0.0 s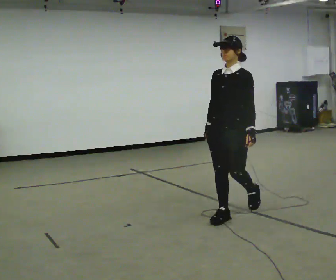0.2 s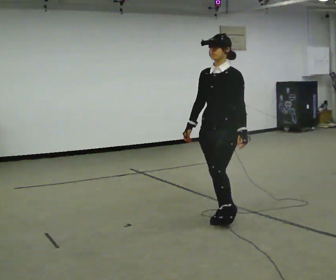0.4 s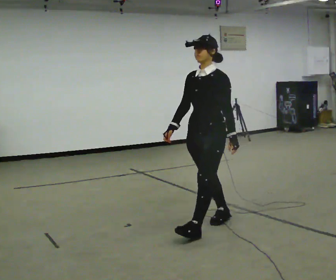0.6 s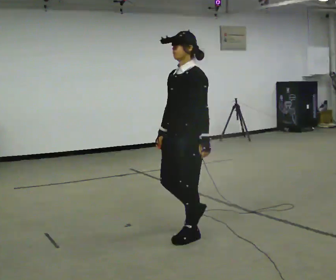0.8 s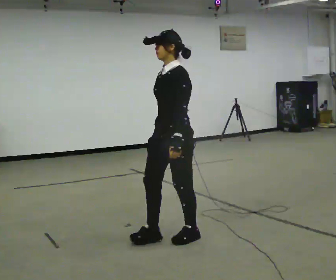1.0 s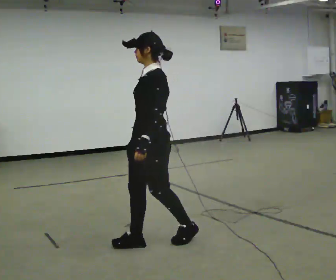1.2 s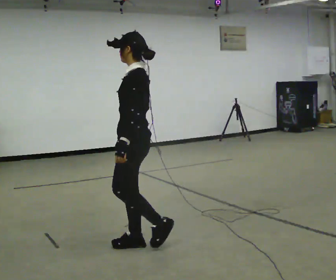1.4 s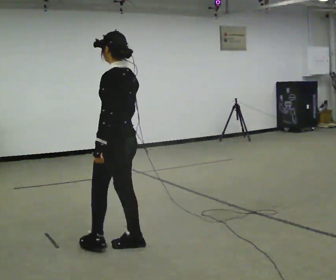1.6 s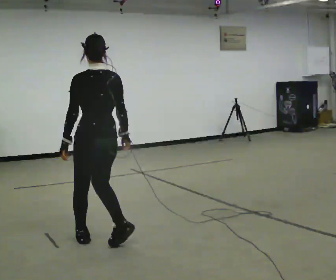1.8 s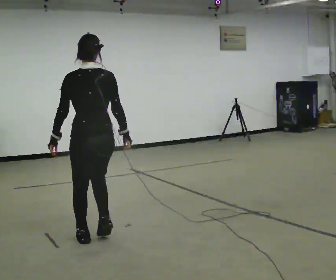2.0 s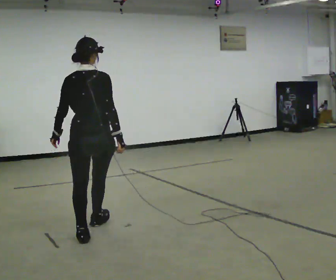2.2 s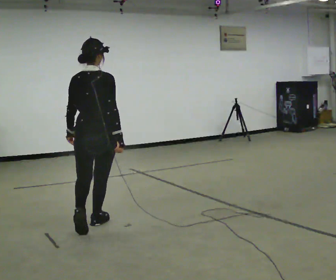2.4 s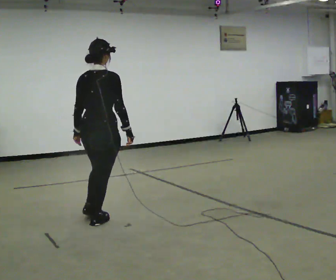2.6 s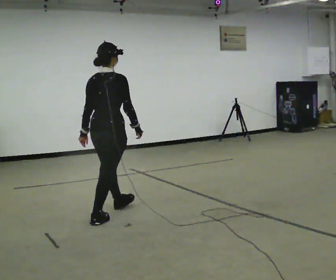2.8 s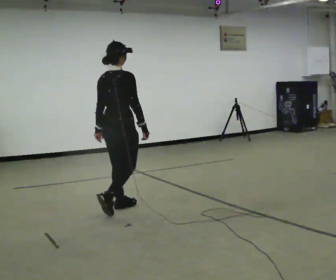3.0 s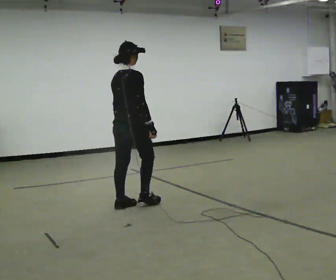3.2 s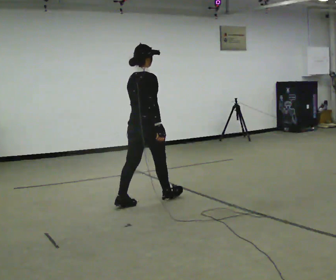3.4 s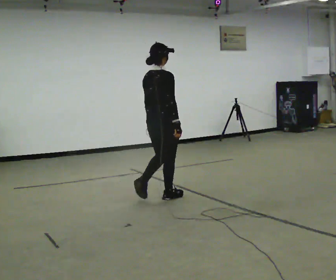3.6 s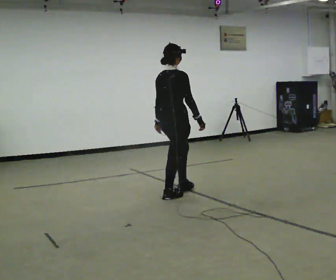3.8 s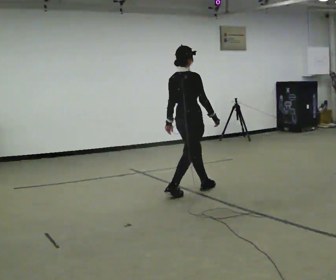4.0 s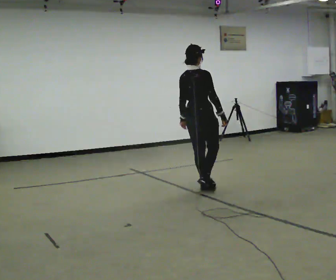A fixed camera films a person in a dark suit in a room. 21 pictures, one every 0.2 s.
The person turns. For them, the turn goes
to their right.
The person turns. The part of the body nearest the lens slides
to the left.
0.0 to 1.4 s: The person turns about 75 degrees to their right, clockwise seen from above, so the part of the body nearest the lens slides to the left. In the picture they go to the left and toward the camera, about 1 m in 2 steps.
1.4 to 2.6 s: The person turns about 90 degrees to their right, clockwise seen from above, so the part of the body nearest the lens slides to the left. In the picture they go away from the camera, about 0.5 m in 2 steps.
2.6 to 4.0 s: In the picture they go to the right and away from the camera, about 1.5 m in 3 steps, which for them is forward.
The film runs forward here.
